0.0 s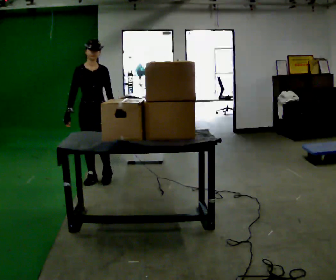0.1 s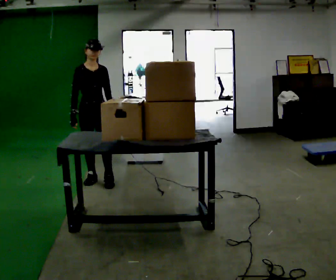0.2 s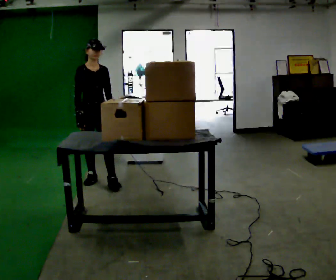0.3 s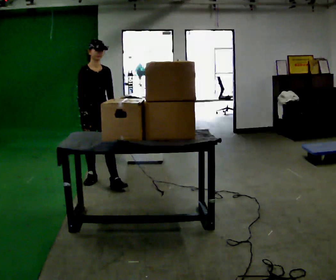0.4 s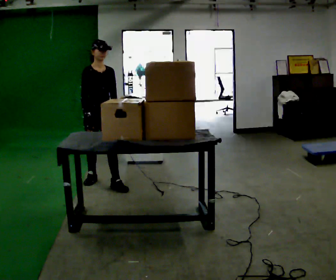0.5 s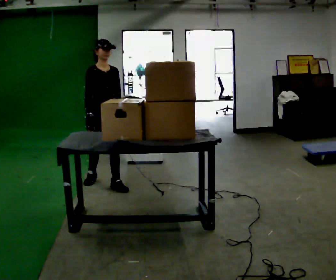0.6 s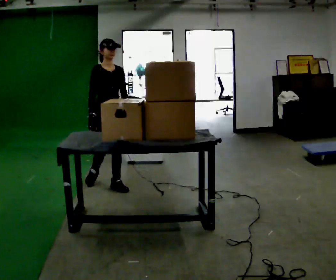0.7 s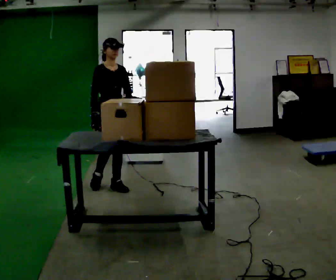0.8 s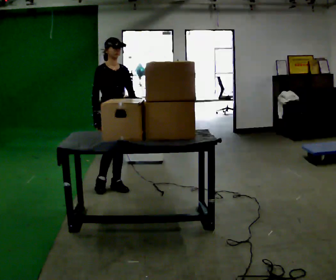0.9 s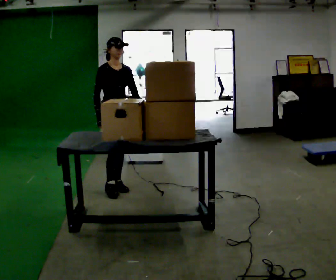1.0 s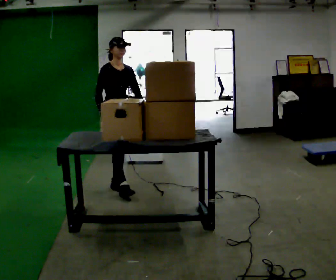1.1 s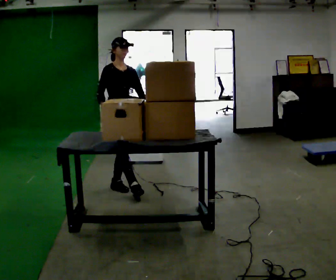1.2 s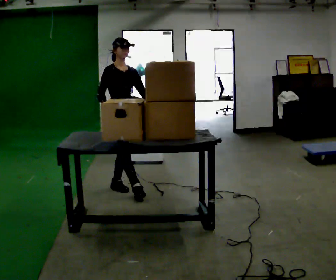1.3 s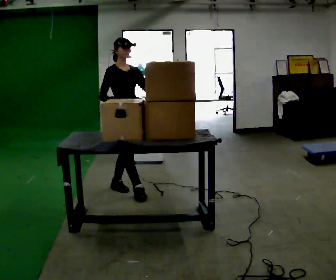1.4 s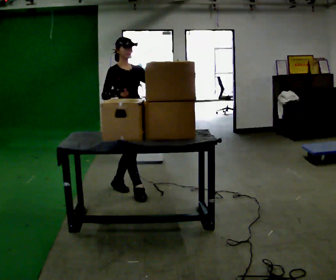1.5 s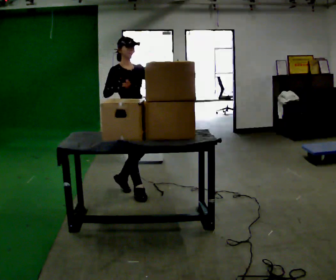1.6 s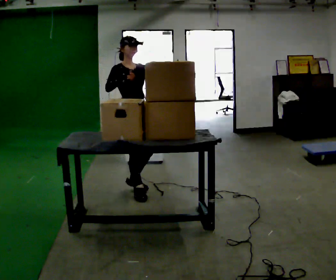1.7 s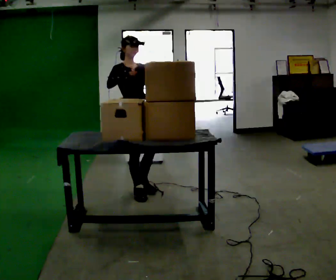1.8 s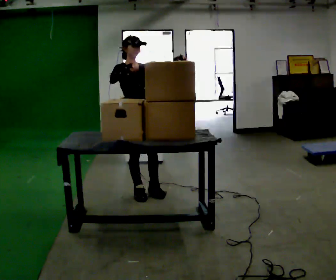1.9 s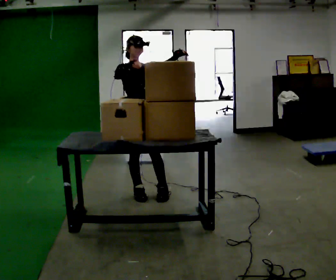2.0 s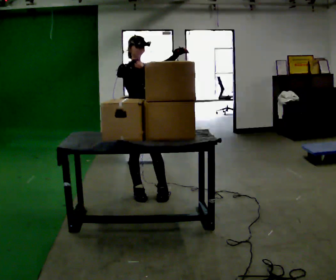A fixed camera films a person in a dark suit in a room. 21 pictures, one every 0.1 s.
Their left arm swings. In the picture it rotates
counterclockwise.
Their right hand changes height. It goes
upward.
0.0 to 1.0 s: In the picture they go toward the camera and to the right, about 0.25 m in 1 step, which for them is forward and to their left.
1.0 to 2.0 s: In the picture they go toward the camera and to the right, about 0.25 m in 2 steps, which for them is forward. In the picture their left hand goes upward, the arm swinging counterclockwise.
The film runs forward here.
